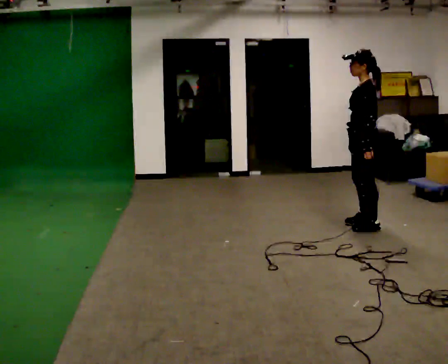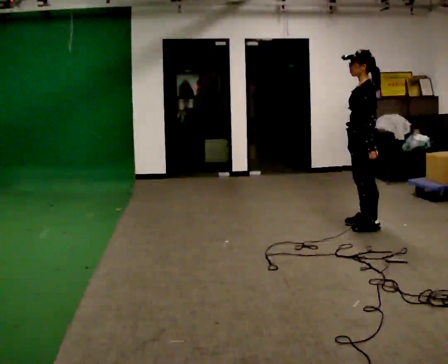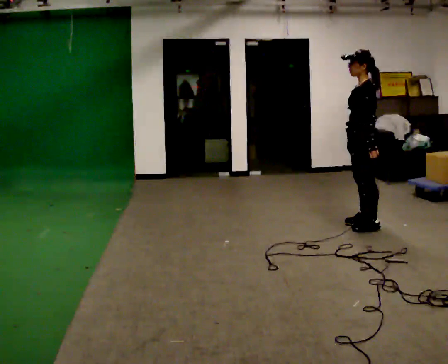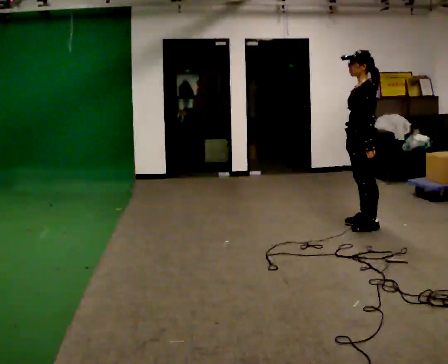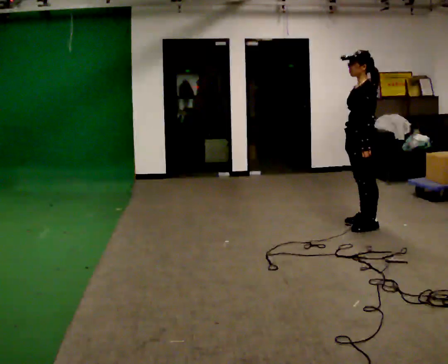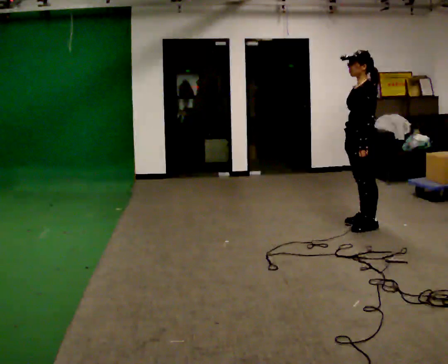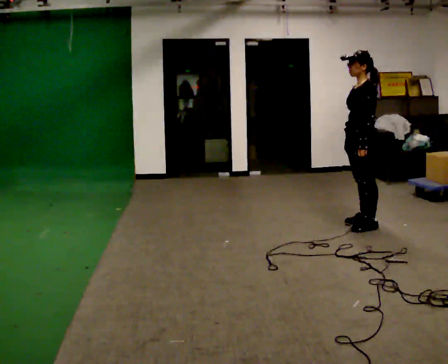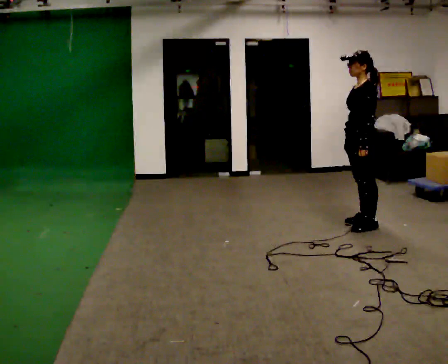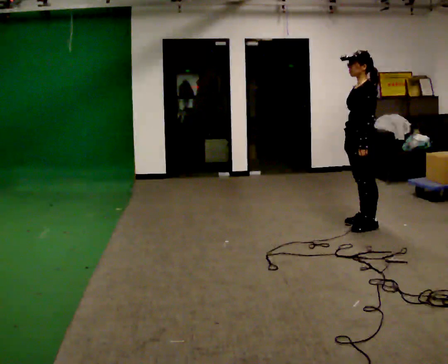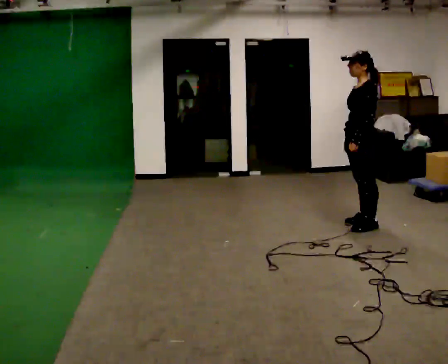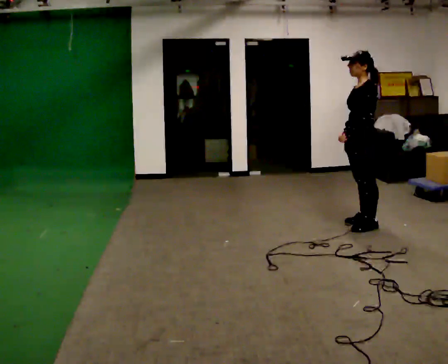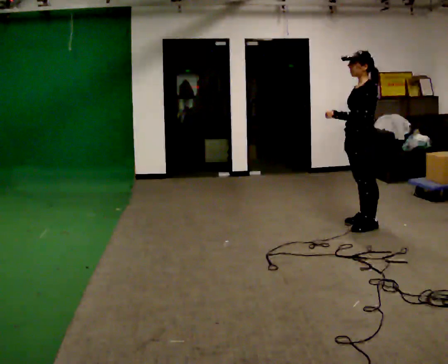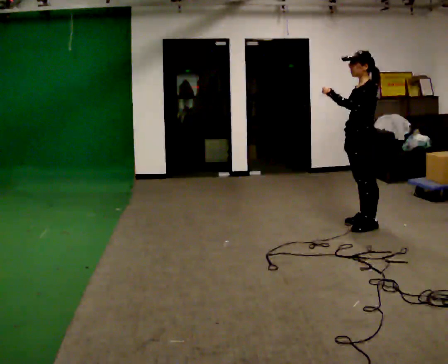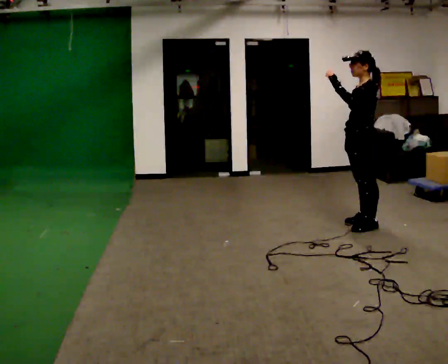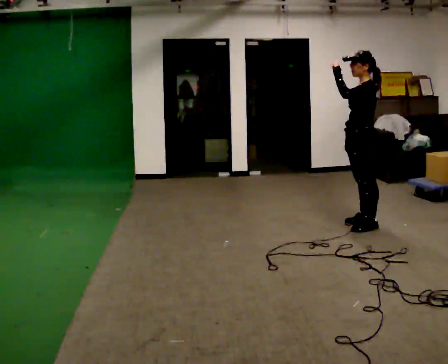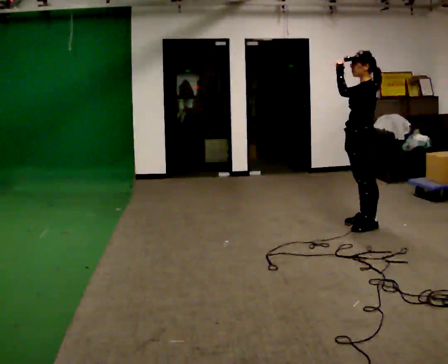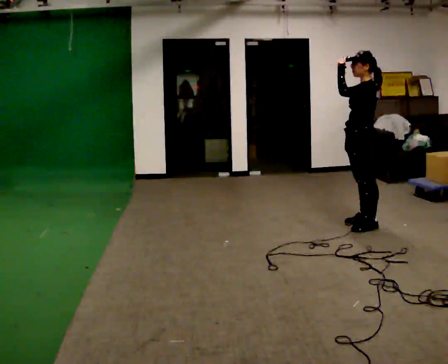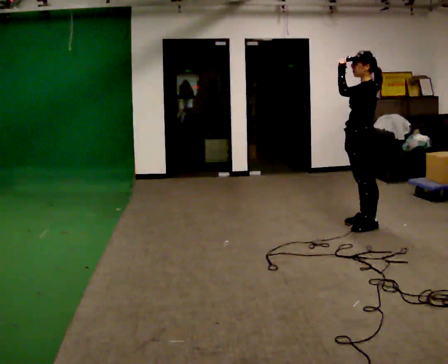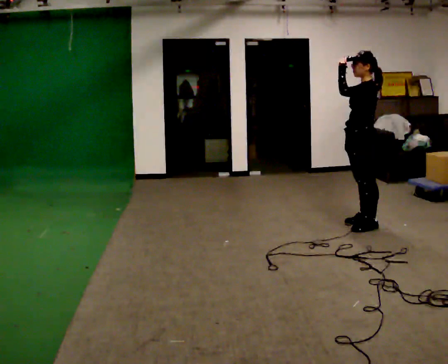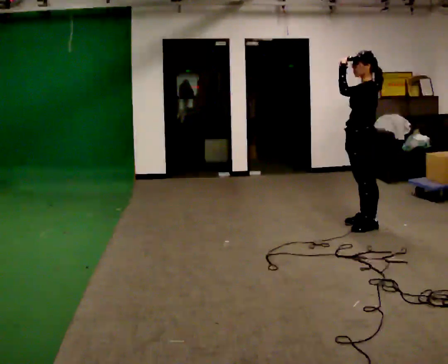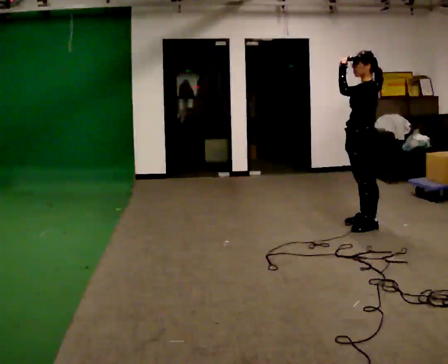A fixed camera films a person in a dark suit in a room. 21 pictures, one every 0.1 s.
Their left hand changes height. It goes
upward.
0.0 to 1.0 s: The person moves a little, or ends about where they began.
1.0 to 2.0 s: In the picture their left hand goes upward.
The film runs forward here.
